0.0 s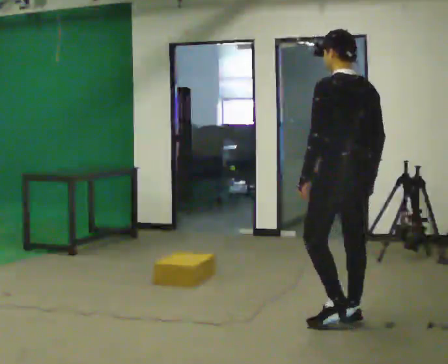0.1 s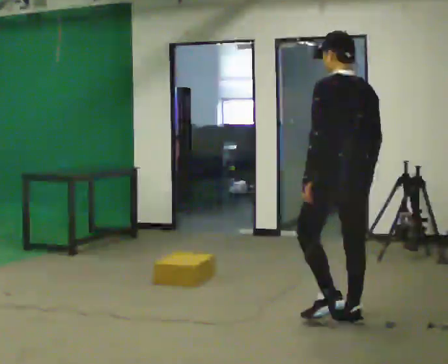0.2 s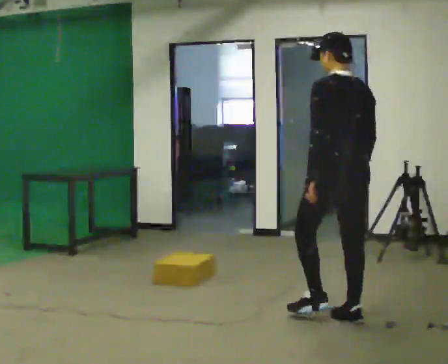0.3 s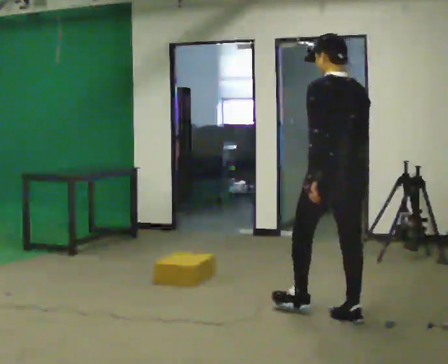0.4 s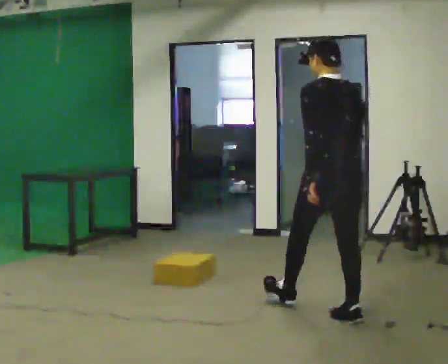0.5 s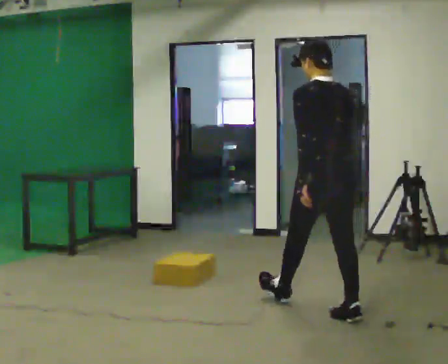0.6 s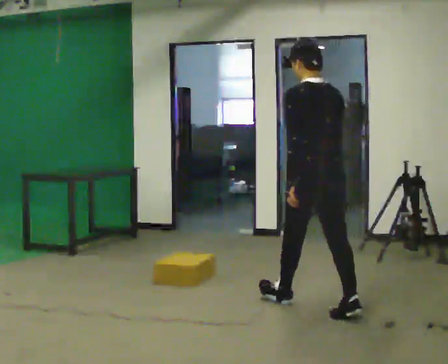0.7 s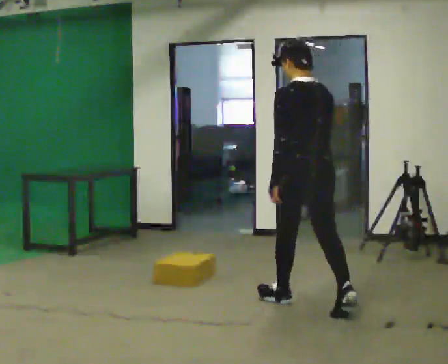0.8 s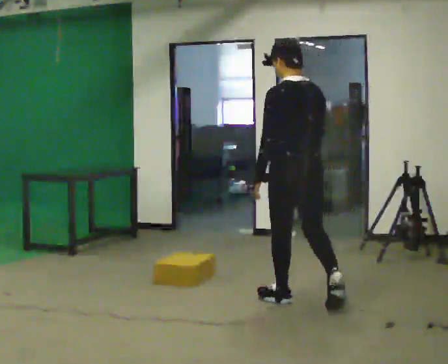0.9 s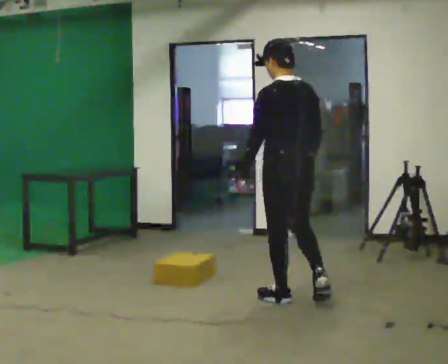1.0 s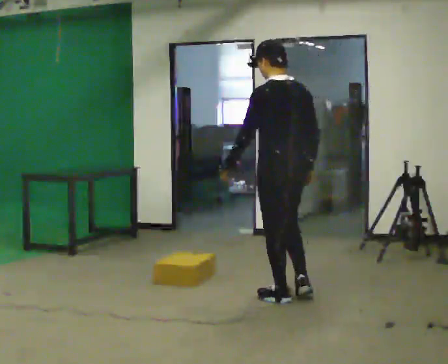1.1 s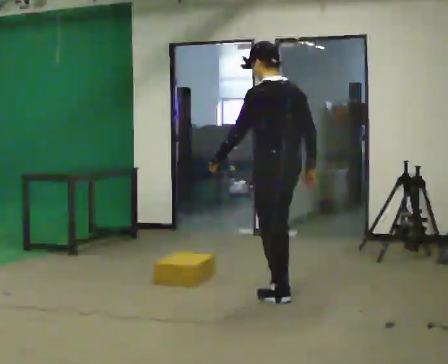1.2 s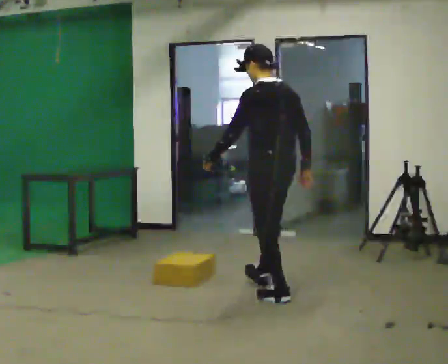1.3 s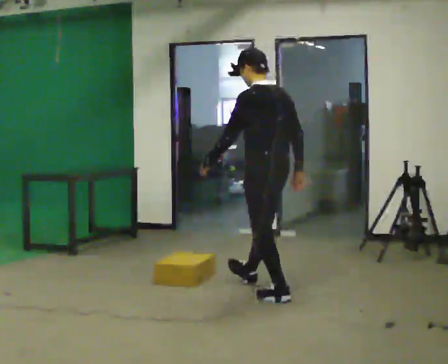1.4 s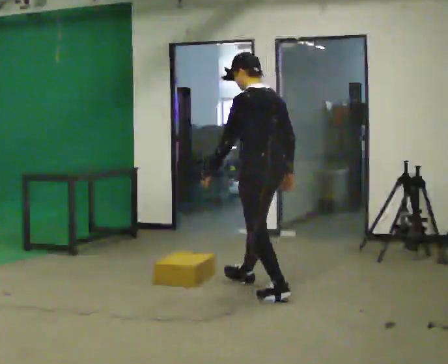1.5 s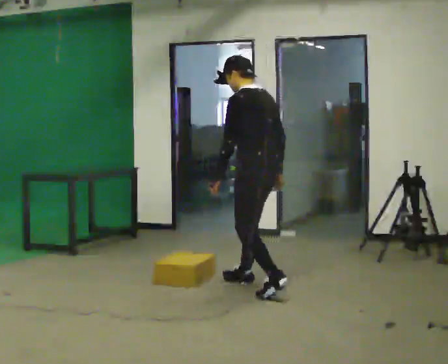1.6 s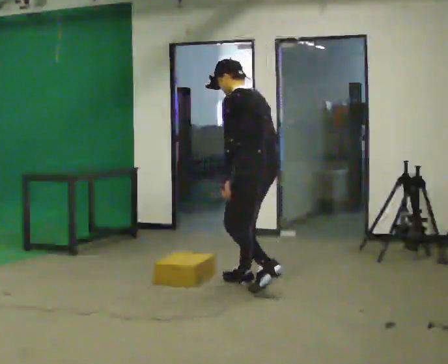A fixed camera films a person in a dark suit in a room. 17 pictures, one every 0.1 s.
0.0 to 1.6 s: In the picture they go away from the camera and to the left, about 1 m in 2 steps, which for them is forward. In the picture the upper body tilts counterclockwise, shoulders to the left.
The film runs forward here.
